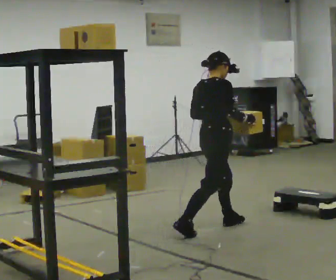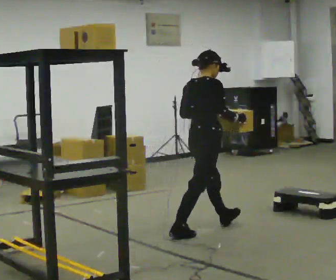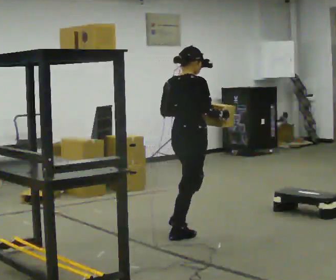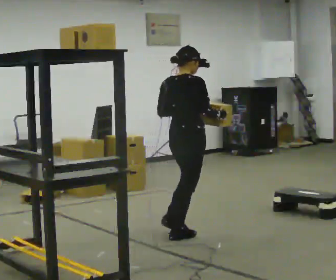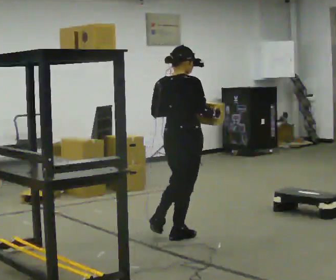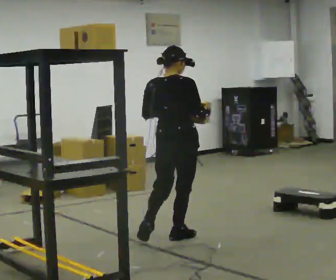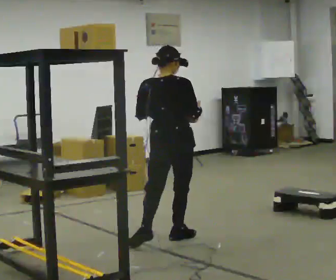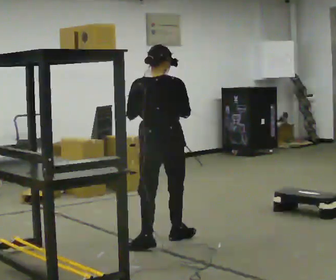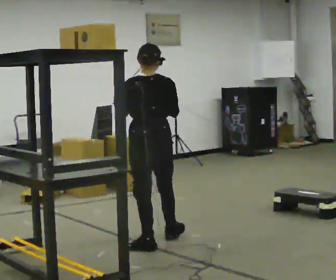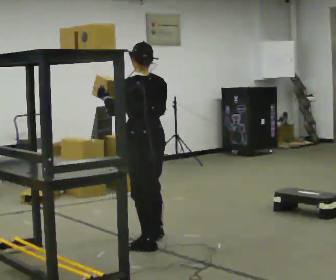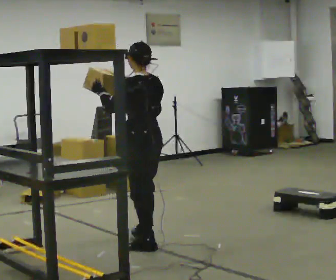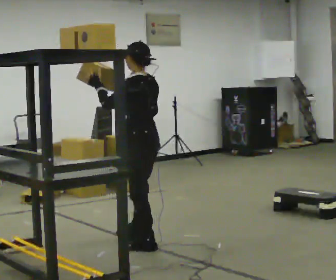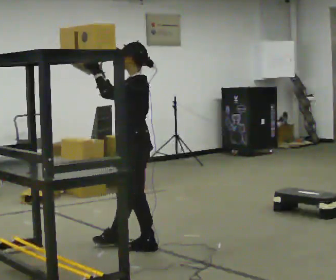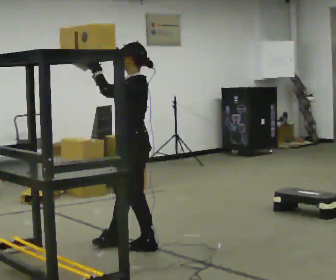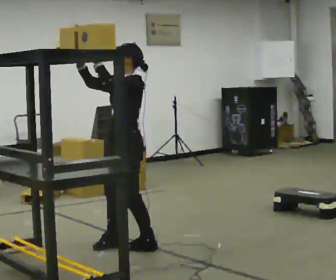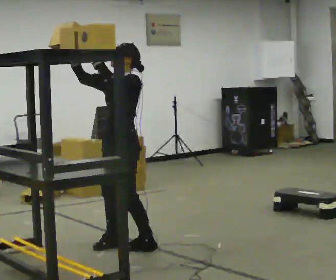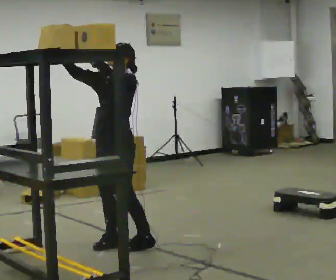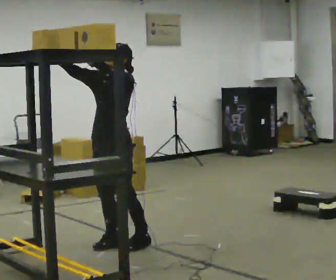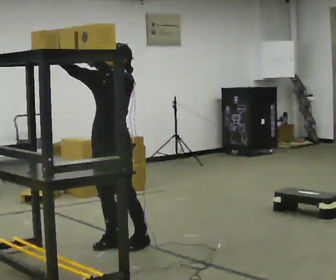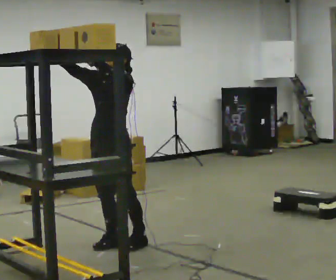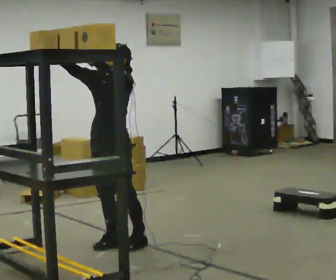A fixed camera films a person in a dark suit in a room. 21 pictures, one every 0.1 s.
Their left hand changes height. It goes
upward.
Their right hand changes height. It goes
upward.
0.0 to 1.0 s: The part of the body nearest the lens slides to the right as the person turns to their left by about 120 degrees. In the picture they go to the left and toward the camera, about 0.5 m in 2 steps.
1.0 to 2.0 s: Seen from above the body turns counterclockwise, about 90 degrees: to their left, with its near side sliding to the right. In the picture they go to the left, about 0.25 m. In the picture their right hand goes upward.
The film runs backward here.
